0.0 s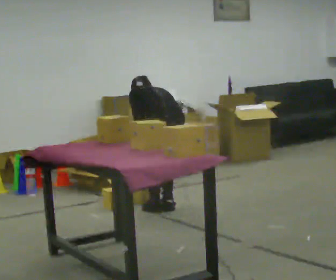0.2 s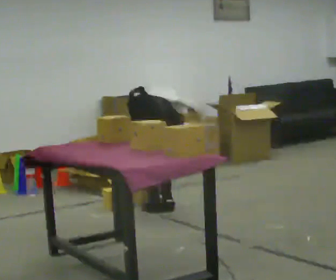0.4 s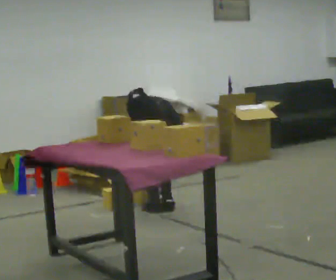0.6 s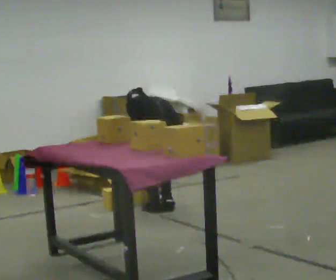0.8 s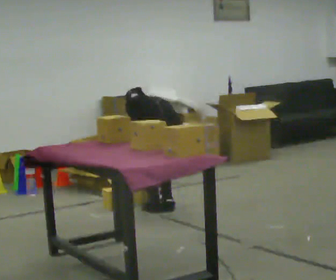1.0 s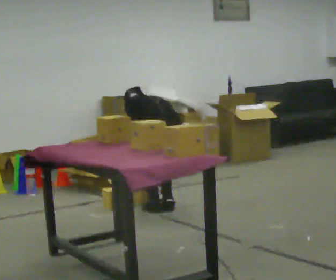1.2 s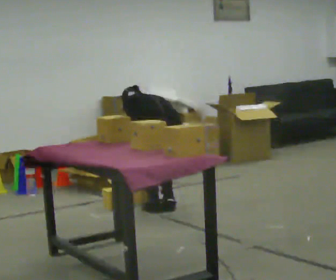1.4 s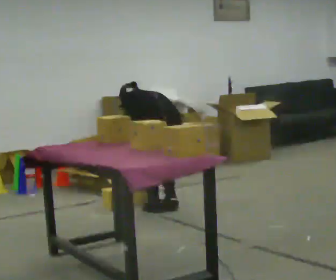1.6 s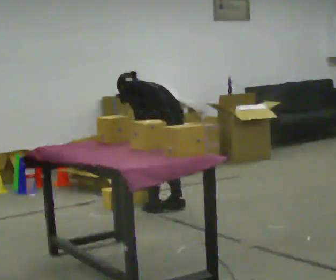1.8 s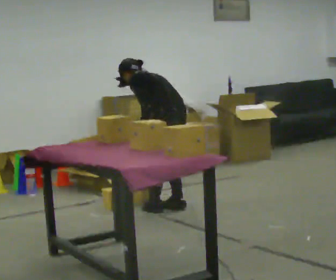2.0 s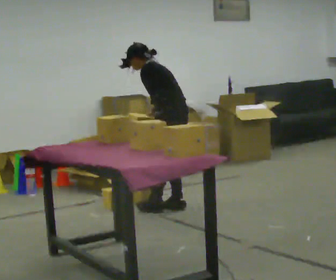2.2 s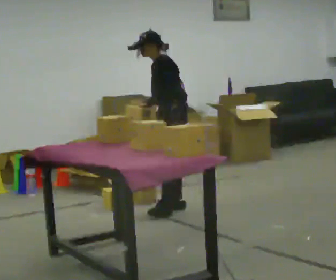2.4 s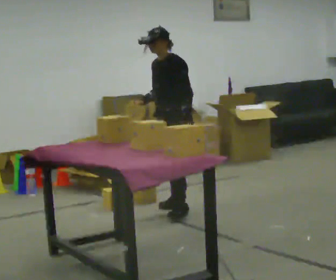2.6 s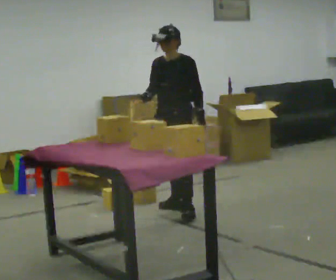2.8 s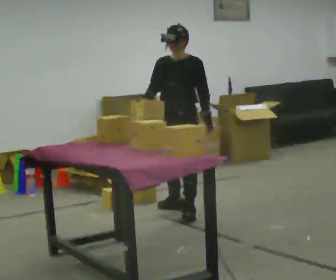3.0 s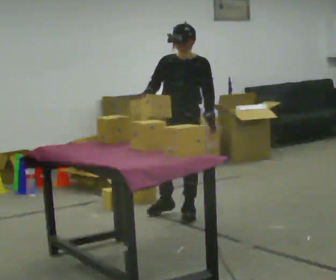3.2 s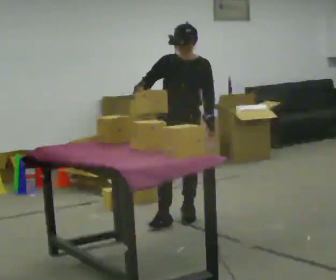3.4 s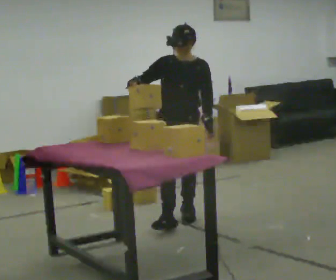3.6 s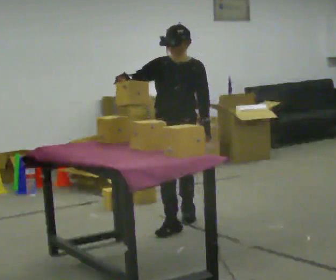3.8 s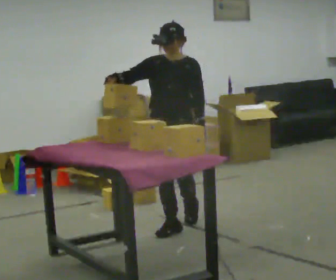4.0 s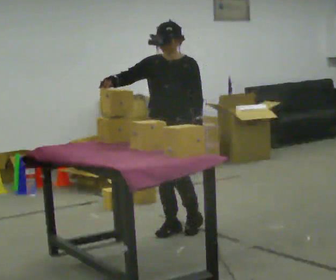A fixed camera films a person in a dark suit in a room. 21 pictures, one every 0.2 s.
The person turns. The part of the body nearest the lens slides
to the right.
The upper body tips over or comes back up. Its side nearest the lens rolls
downward.
0.0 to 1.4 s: In the picture the upper body tilts counterclockwise, shoulders to the left.
1.4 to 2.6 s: Seen from above the body turns counterclockwise, about 105 degrees: to their left, with its near side sliding to the right. The shoulders move upward. The upper body tips toward the camera, its near side rolling downward, as they lean back or straighten. In the picture their right hand goes upward, the arm swinging clockwise.
2.6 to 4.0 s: In the picture they go toward the camera, about 0.5 m in 1 step, which for them is forward.
The film runs forward here.
